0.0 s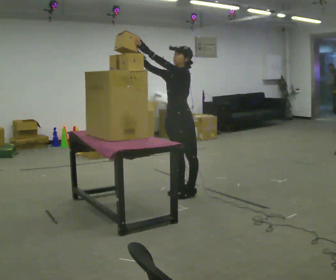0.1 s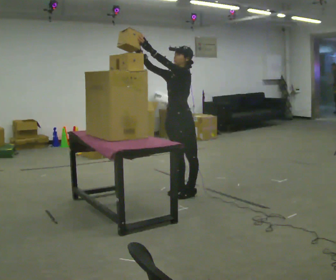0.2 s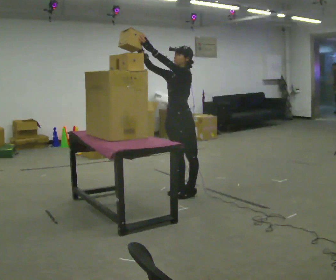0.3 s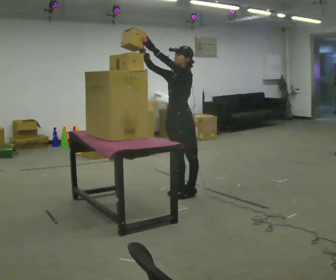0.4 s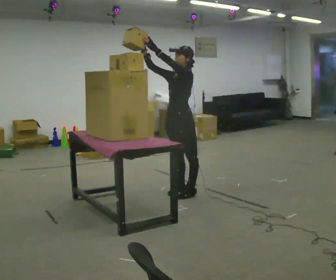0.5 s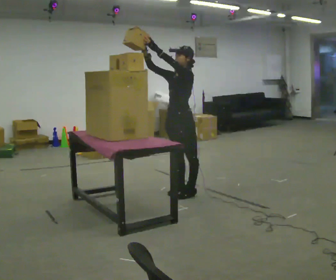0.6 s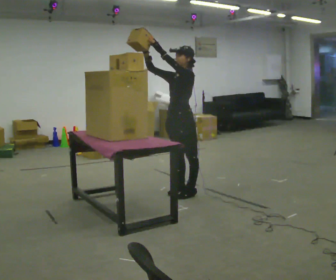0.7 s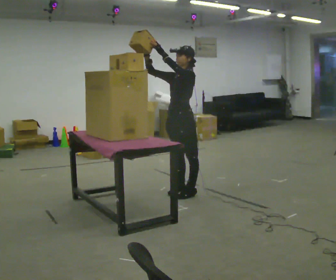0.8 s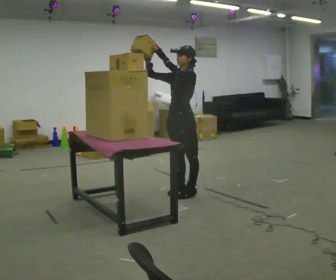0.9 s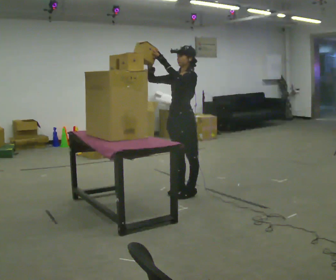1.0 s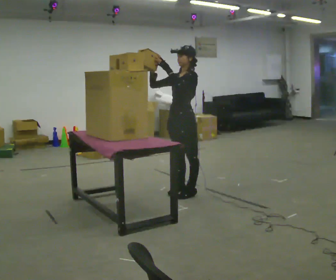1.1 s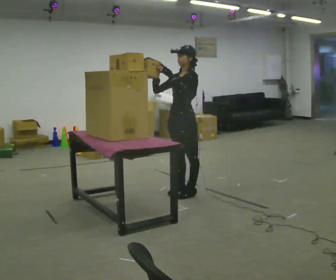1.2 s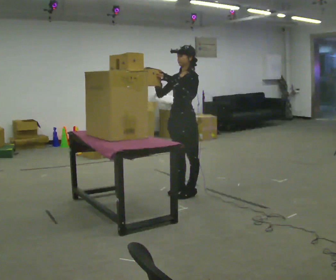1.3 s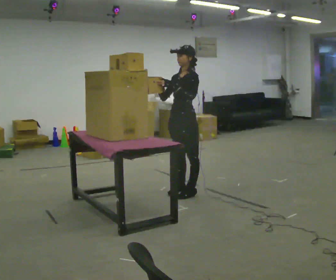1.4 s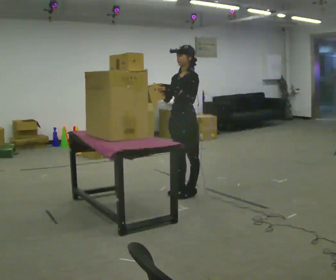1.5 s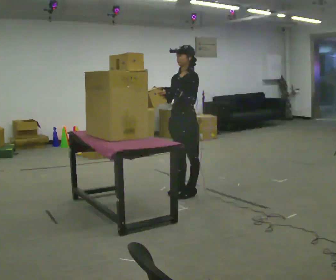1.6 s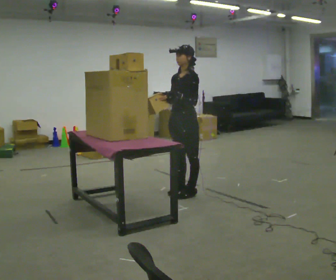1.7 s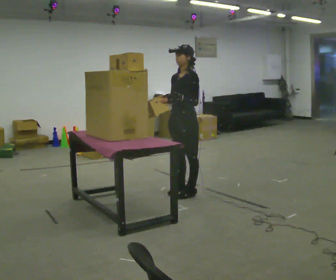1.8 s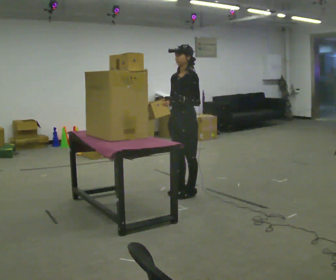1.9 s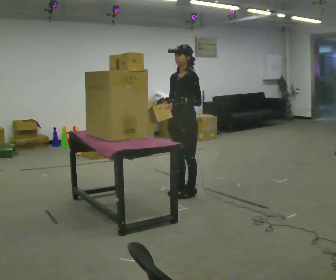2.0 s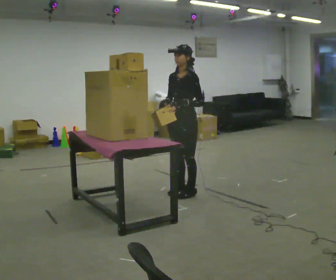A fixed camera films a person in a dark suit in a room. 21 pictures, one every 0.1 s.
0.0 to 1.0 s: The person moves a little, or ends about where they began.
1.0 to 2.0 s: In the picture their left hand goes downward.
The film runs backward here.
